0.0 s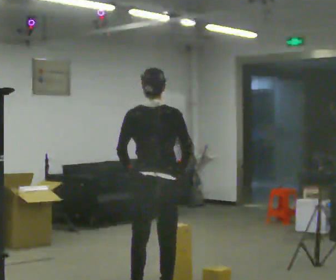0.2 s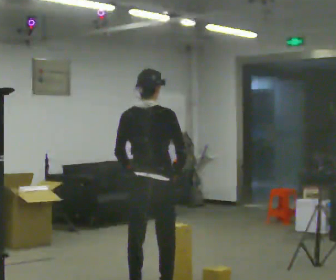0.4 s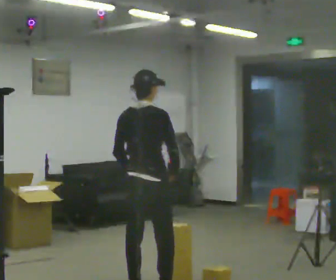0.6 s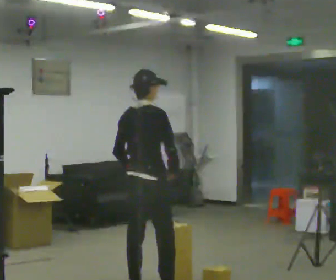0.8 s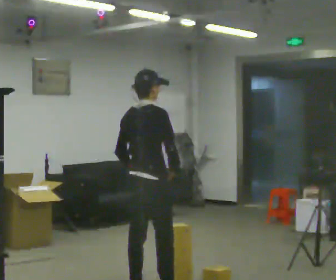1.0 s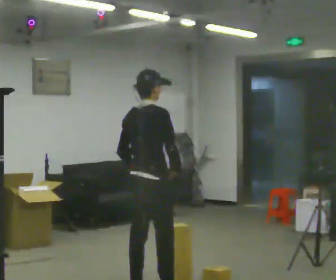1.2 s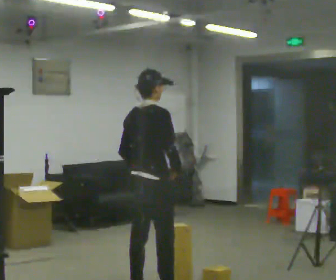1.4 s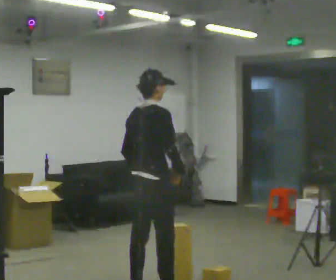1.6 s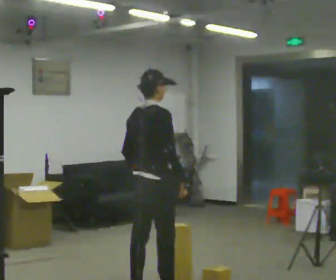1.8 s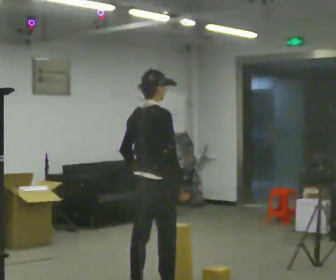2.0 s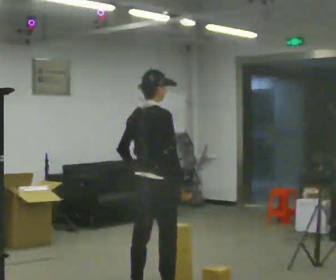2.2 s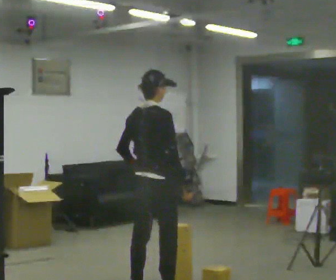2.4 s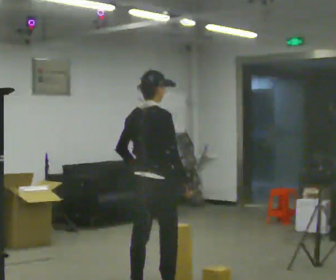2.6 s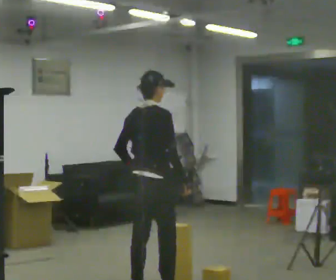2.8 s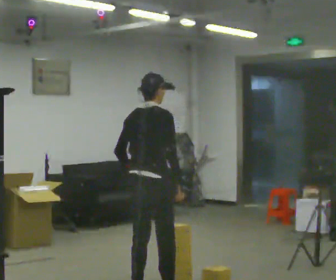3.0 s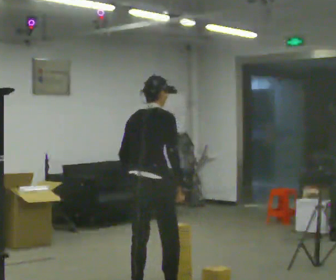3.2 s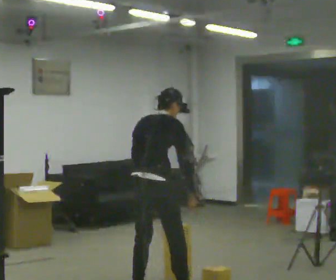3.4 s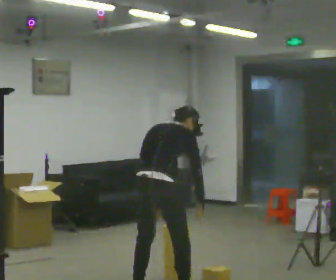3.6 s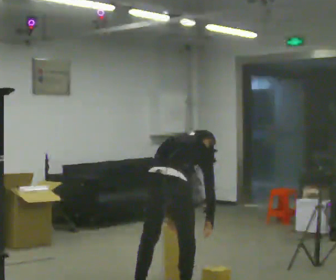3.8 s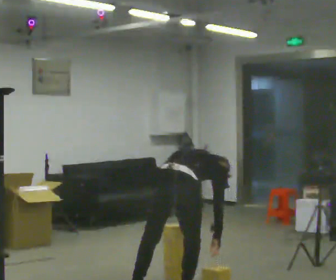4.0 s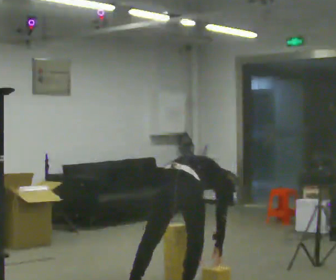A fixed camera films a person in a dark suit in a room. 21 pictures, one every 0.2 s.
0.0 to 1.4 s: Seen from above the body turns clockwise, about 45 degrees: to their right, with its near side sliding to the left.
1.4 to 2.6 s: The person moves a little, or ends about where they began.
2.6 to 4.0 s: In the picture they go to the right, about 0.25 m in 1 step, which for them is to their right. The shoulders move downward. The upper body tips away from the camera, its near side rolling upward, as they bend forward. In the picture their left hand goes downward and to the right.
The film runs backward here.
